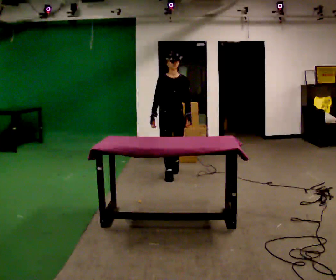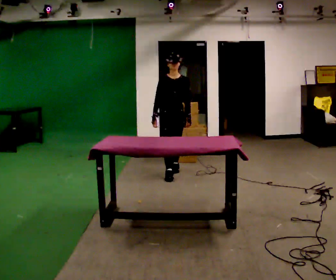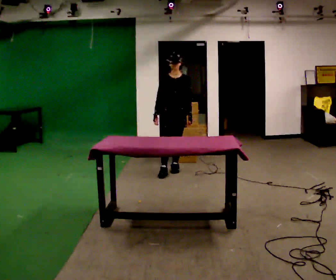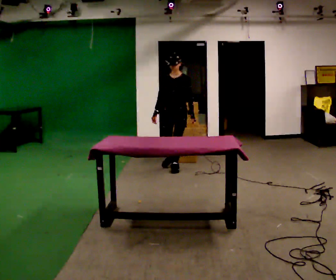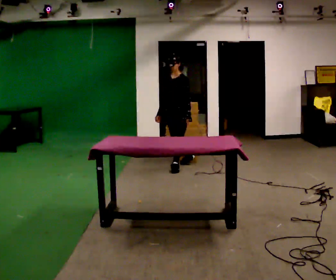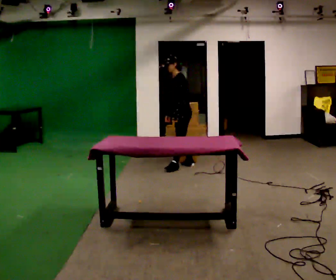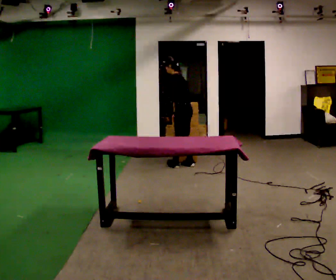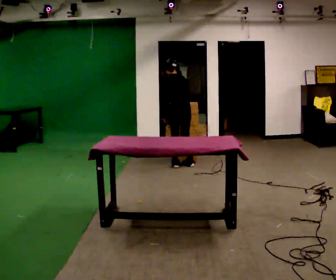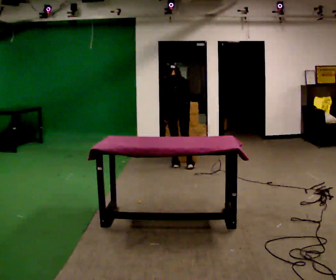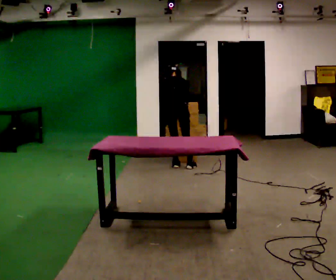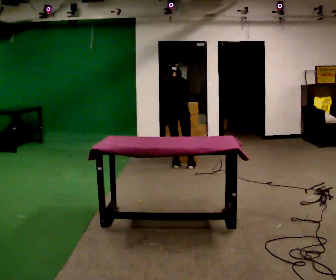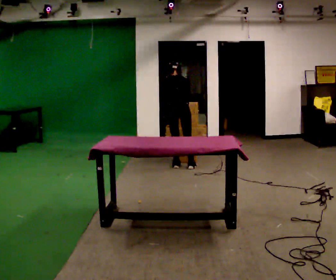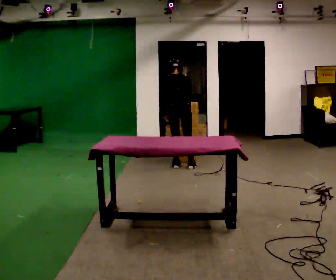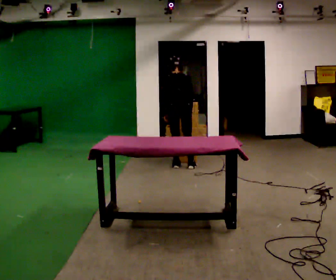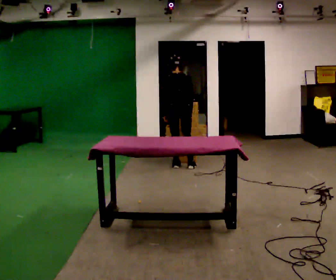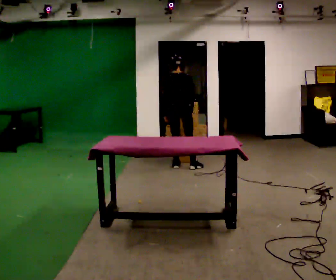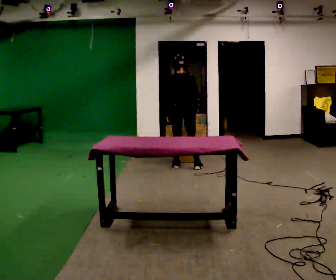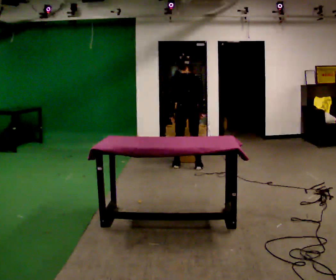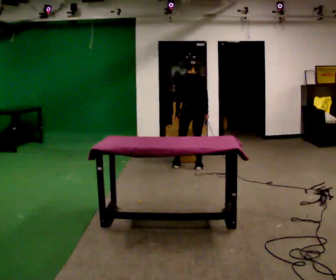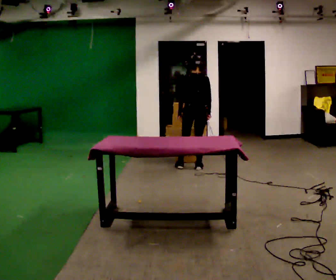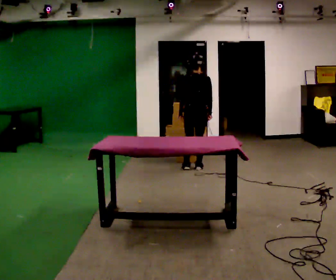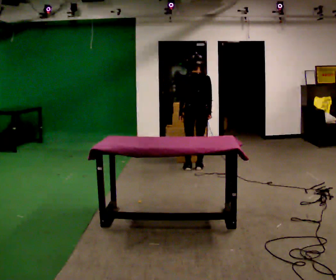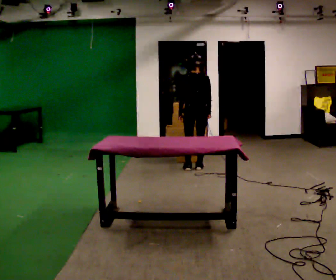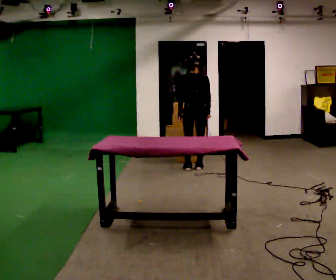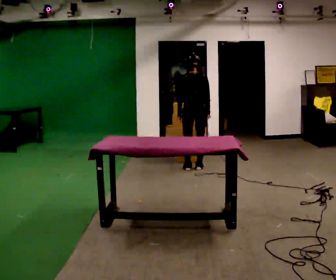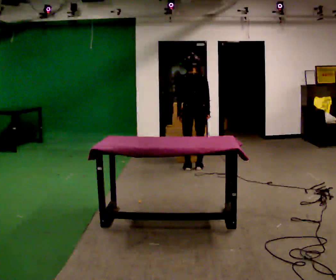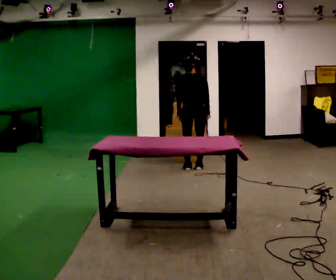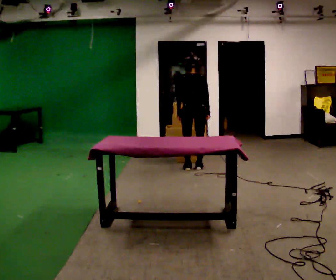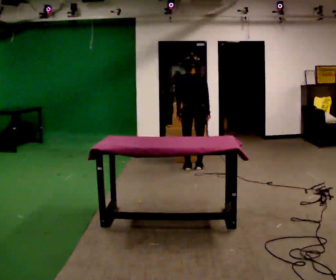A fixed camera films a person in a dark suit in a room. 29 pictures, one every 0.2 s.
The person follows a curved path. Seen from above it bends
clockwise.
The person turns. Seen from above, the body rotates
clockwise.
0.0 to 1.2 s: The part of the body nearest the lens slides to the left as the person turns to their right by about 120 degrees. In the picture they go away from the camera, about 0.5 m in 1 step. In the picture the upper body tilts counterclockwise, shoulders to the left, as they bend forward.
1.2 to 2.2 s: The part of the body nearest the lens slides to the left as the person turns to their right by about 75 degrees. The upper body tips away from the camera, its near side rolling upward.
2.2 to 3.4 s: The upper body tips toward the camera, its near side rolling downward, as they lean back or straighten.
3.4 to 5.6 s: The person moves a little, or ends about where they began.
The film runs backward here.
